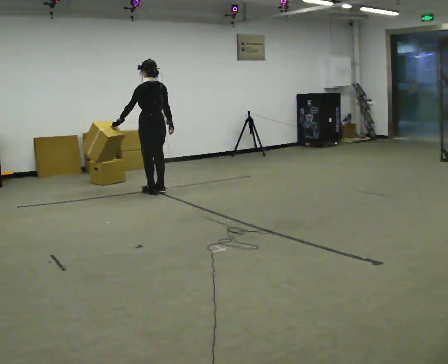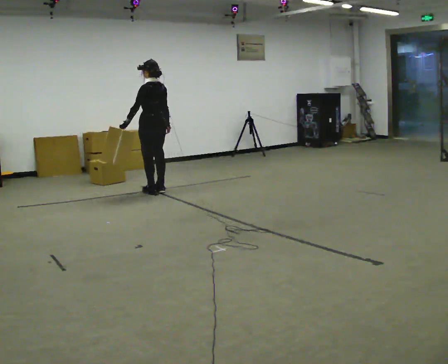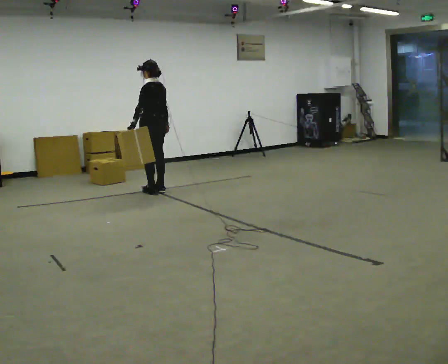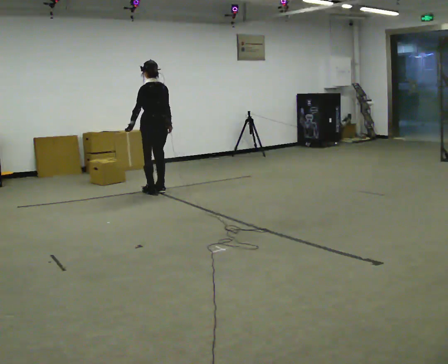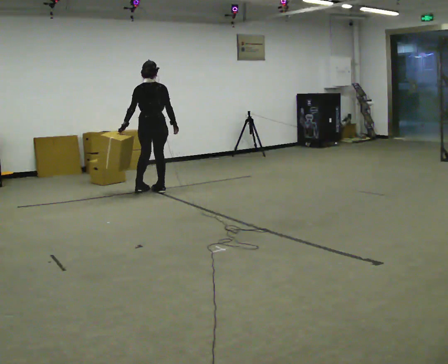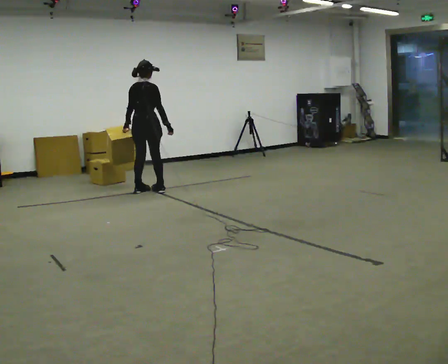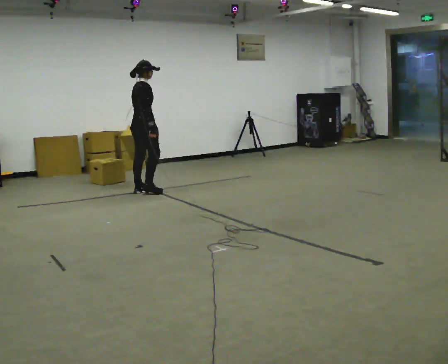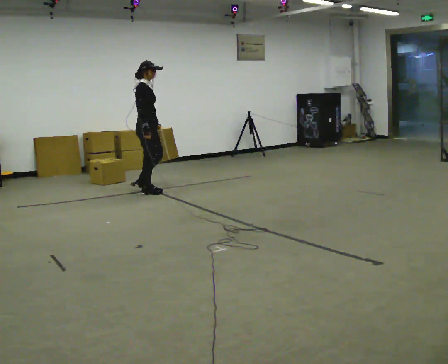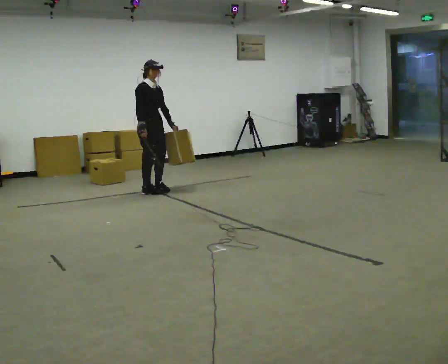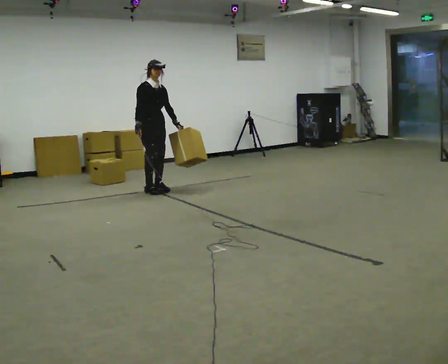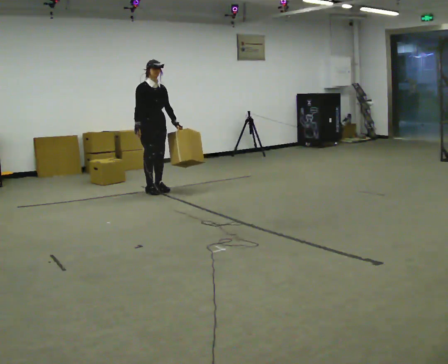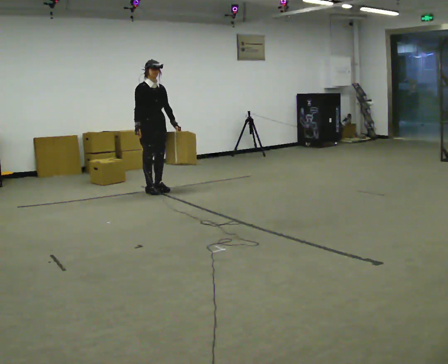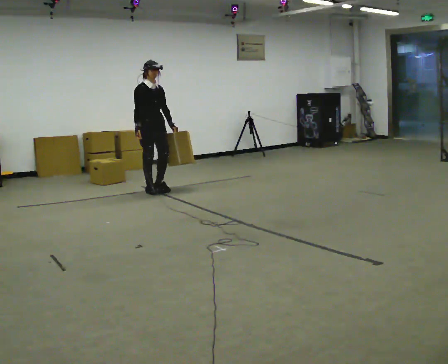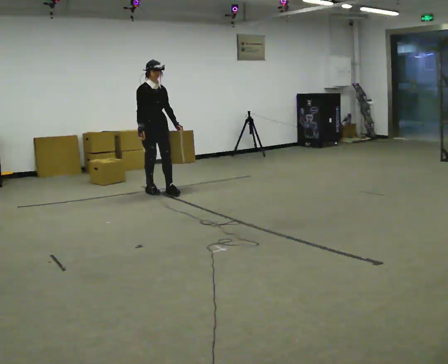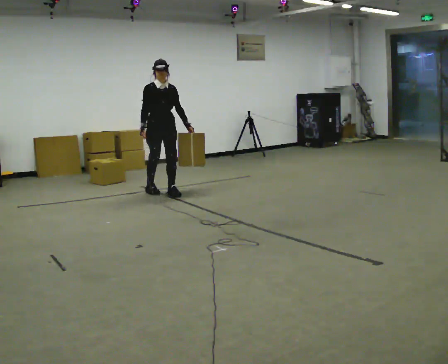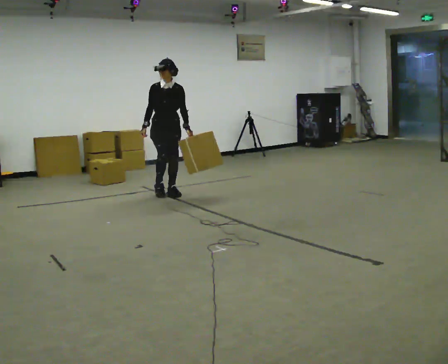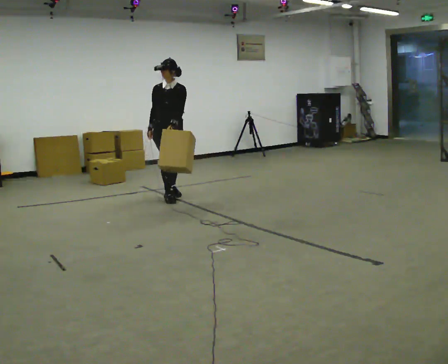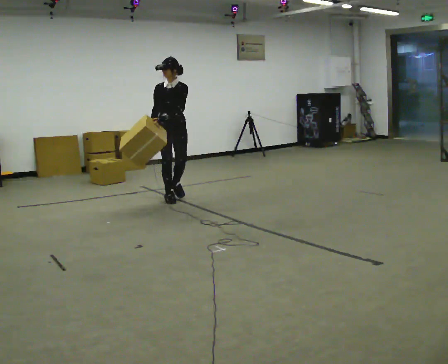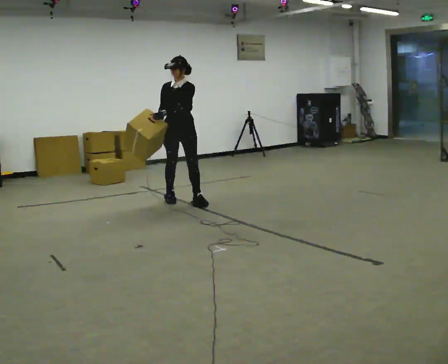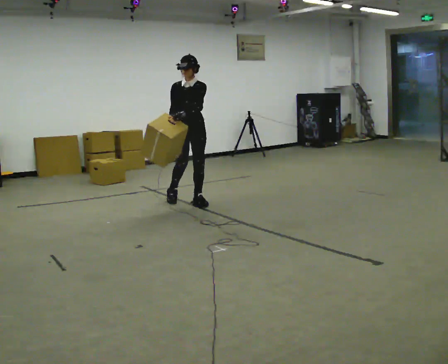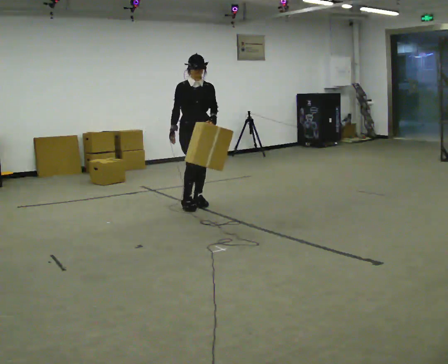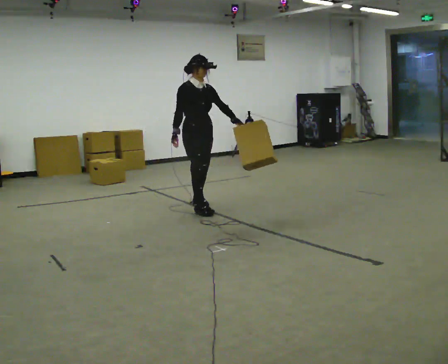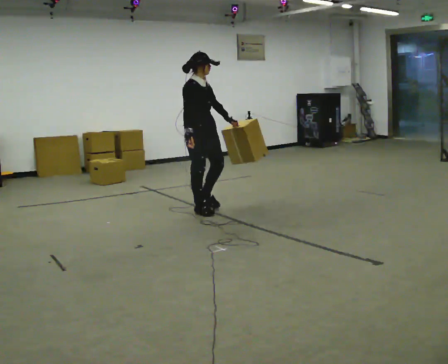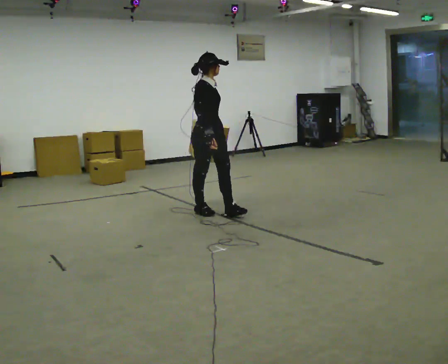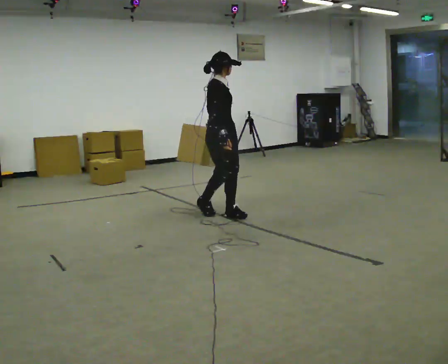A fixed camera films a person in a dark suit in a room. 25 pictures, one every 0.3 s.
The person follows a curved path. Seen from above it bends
counterclockwise.
The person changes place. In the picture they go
toward the camera.
0.0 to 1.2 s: Seen from above the body turns clockwise, about 30 degrees: to their right, with its near side sliding to the left.
1.2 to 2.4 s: The person turns about 120 degrees to their right, clockwise seen from above, so the part of the body nearest the lens slides to the left. In the picture their left hand goes to the right, the arm swinging counterclockwise.
2.4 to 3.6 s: The person moves a little, or ends about where they began.
3.6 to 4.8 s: The person turns about 30 degrees to their right, clockwise seen from above, so the part of the body nearest the lens slides to the left. In the picture they go toward the camera and to the right, about 0.5 m in 2 steps, which for them is forward and to their left.
4.8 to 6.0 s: In the picture they go toward the camera and to the right, about 0.5 m in 1 step, which for them is forward and to their left.
6.0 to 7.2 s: The part of the body nearest the lens slides to the right as the person turns to their left by about 45 degrees. In the picture they go toward the camera, about 0.5 m in 2 steps, which for them is forward.
The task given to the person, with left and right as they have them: Carry the object in the hand the operator calls, down at your side, walking back and forth across the room.
The film runs forward here.
